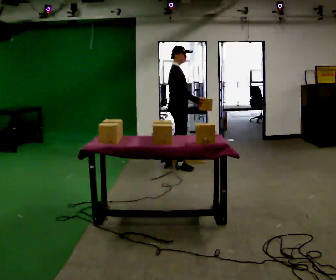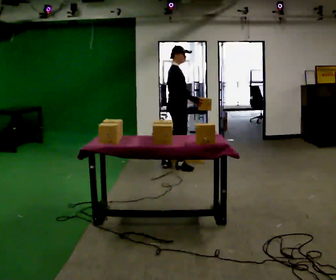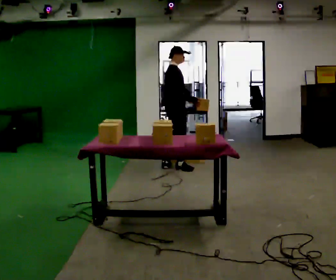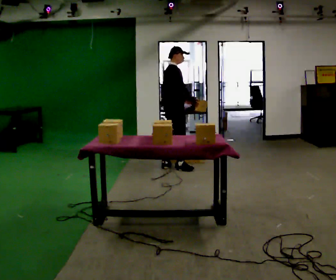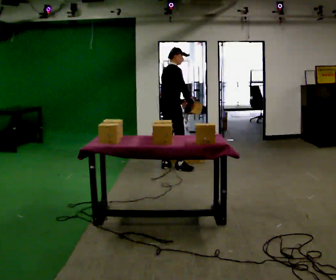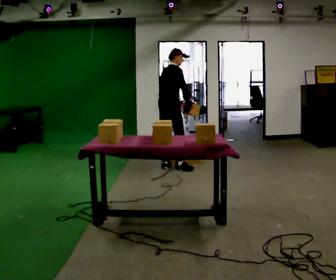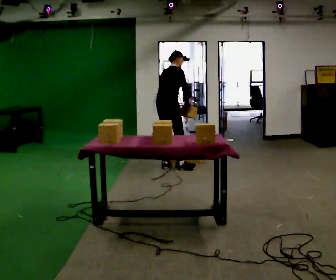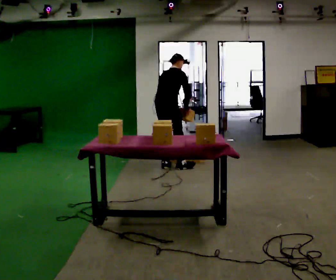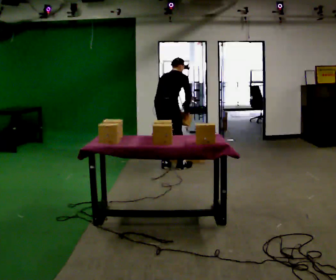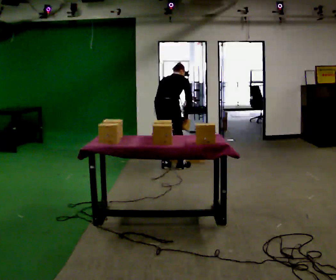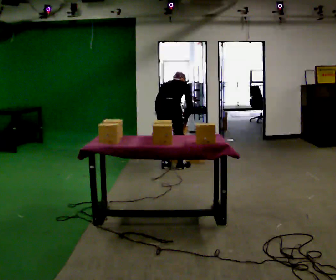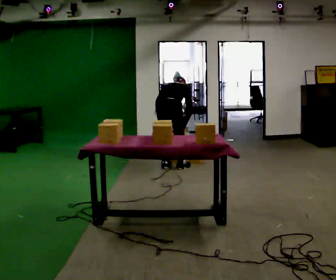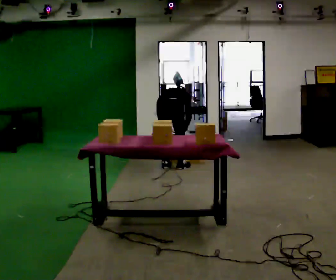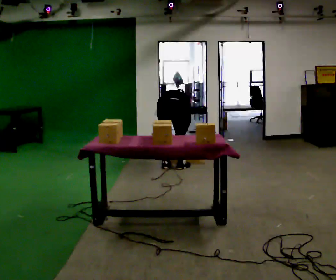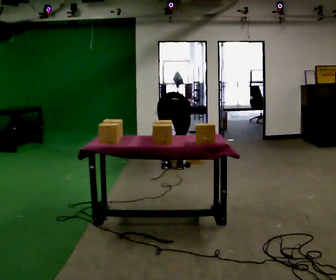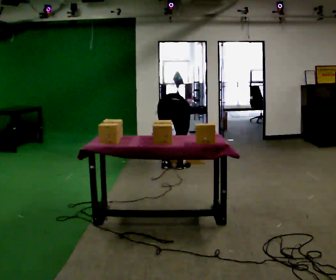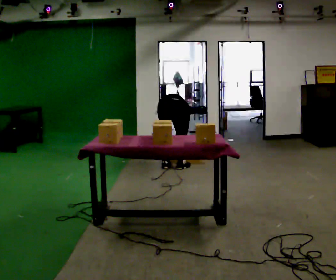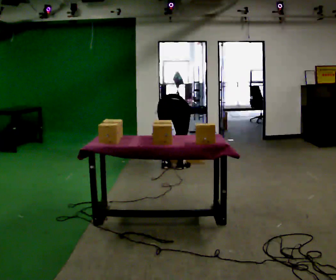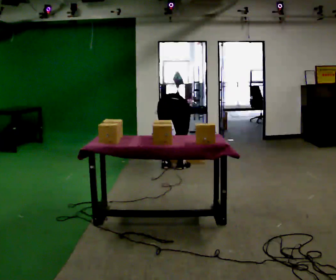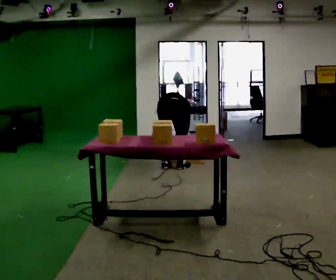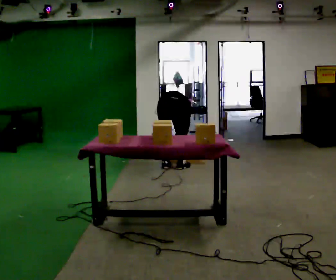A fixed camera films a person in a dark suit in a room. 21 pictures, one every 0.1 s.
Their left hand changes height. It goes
downward.
The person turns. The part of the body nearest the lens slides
to the right.
0.0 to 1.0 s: The person turns about 60 degrees to their left, counterclockwise seen from above, so the part of the body nearest the lens slides to the right. The upper body goes downward. The upper body tips away from the camera, its near side rolling upward, as they bend forward. In the picture their left hand goes to the left and downward, the arm swinging clockwise.
1.0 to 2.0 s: The upper body goes downward. The upper body tips away from the camera, its near side rolling upward, as they bend forward.
The film runs backward here.
